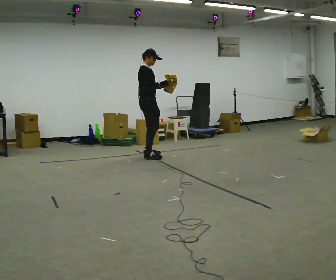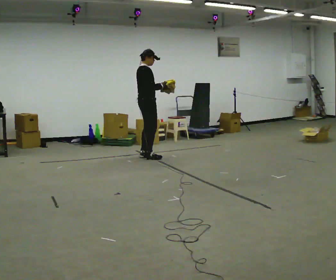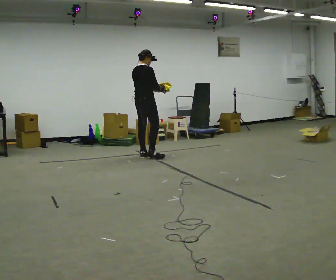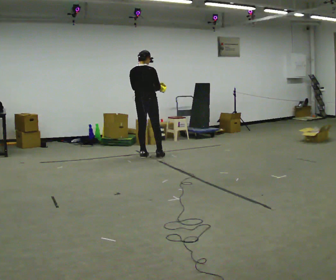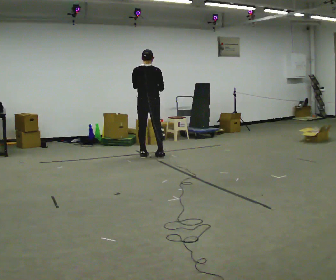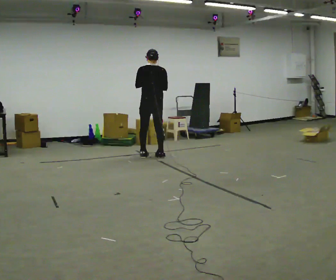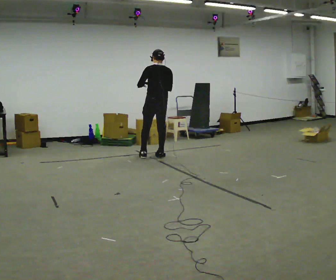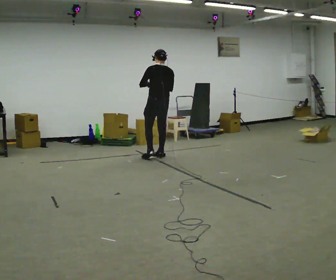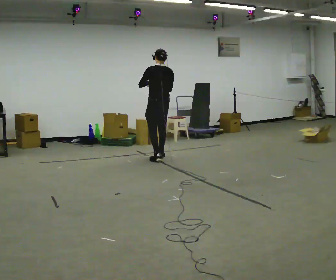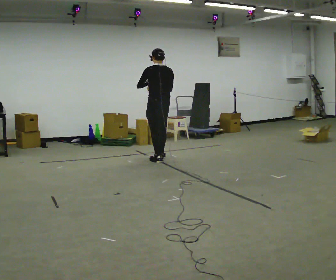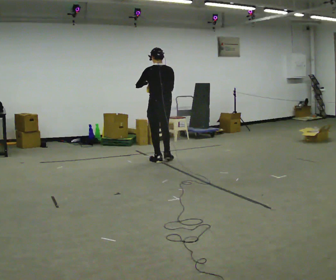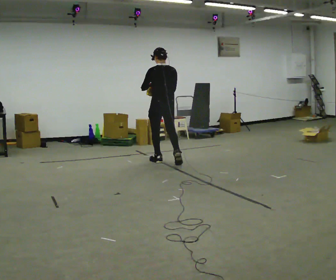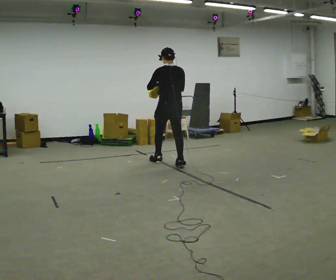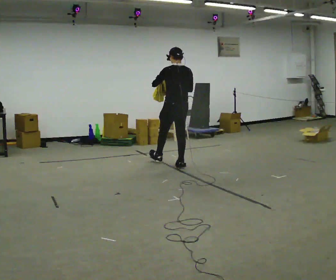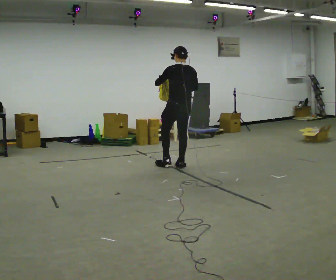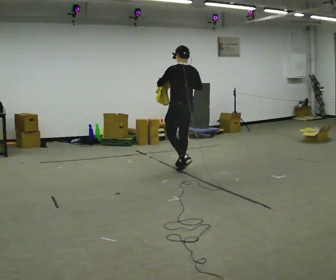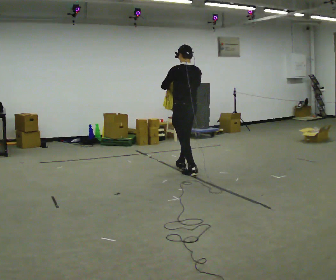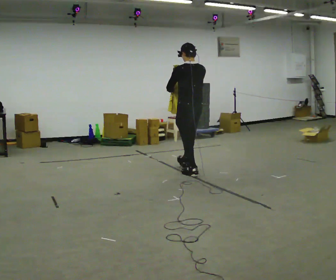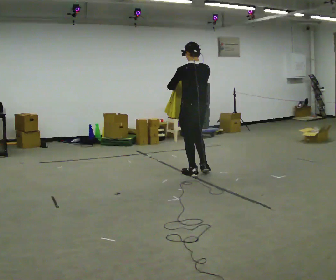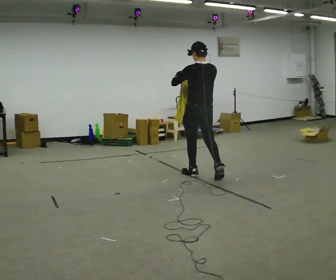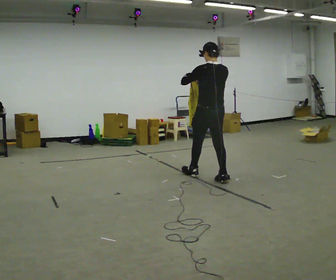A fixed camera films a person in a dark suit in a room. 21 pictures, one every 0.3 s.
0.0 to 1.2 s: The person turns about 90 degrees to their left, counterclockwise seen from above, so the part of the body nearest the lens slides to the right.
1.2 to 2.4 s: Seen from above the body turns counterclockwise, about 30 degrees: to their left, with its near side sliding to the right. In the picture they go to the right, about 0.25 m in 1 step, which for them is backward and to their right.
2.4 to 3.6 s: In the picture they go toward the camera, about 0.5 m in 1 step, which for them is backward.
3.6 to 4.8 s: In the picture they go toward the camera and to the right, about 0.5 m in 1 step, which for them is backward.
4.8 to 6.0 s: In the picture they go toward the camera and to the right, about 0.5 m in 1 step, which for them is backward.
The film runs backward here.
